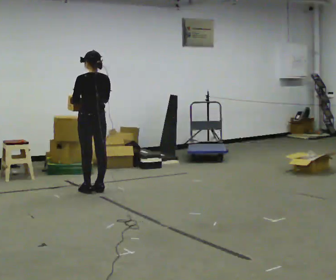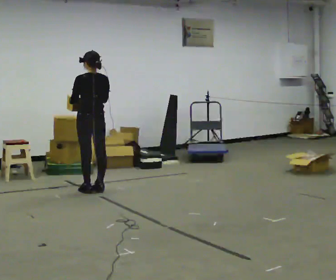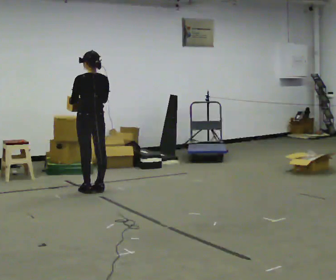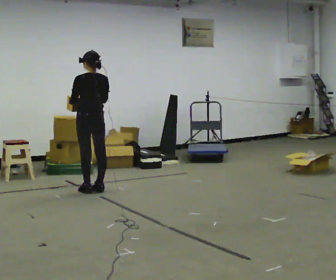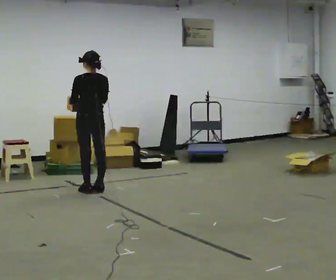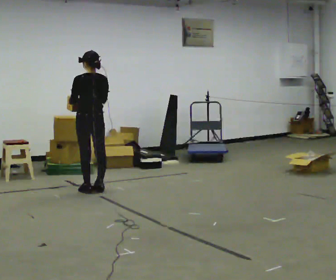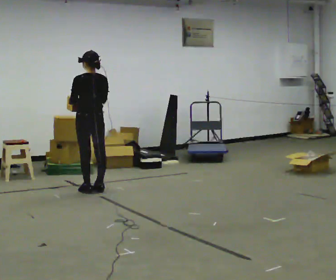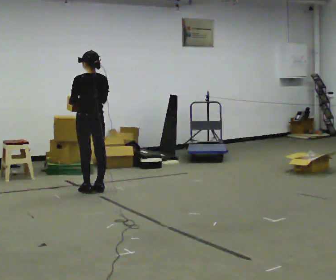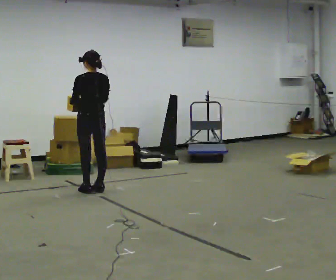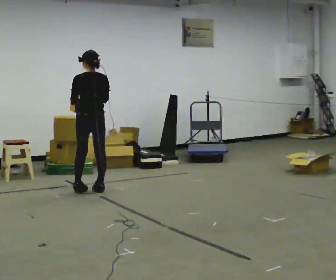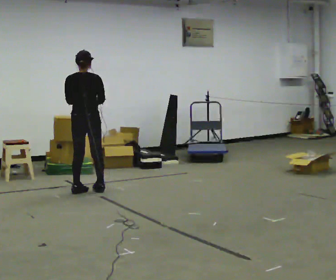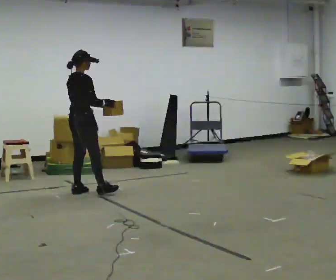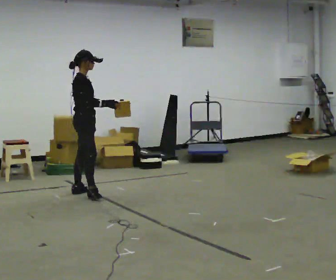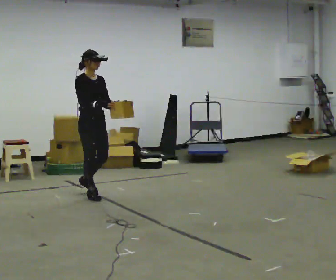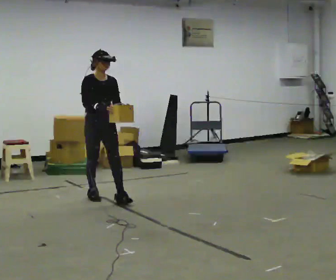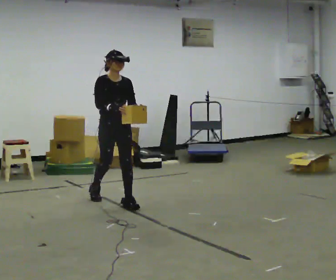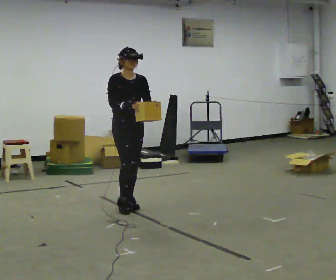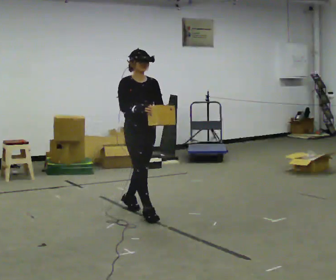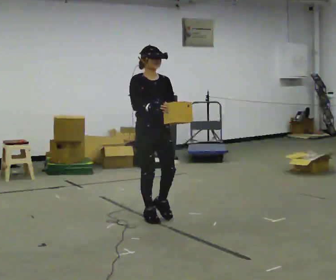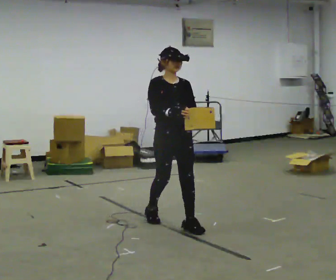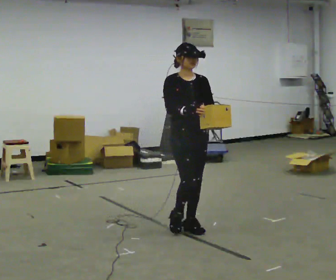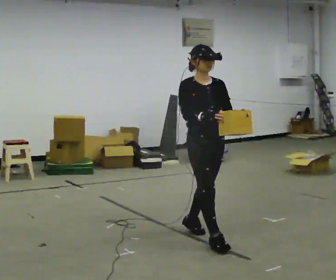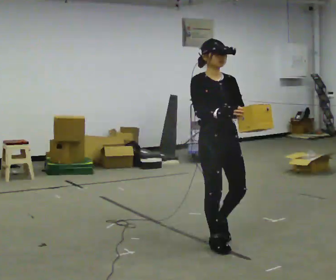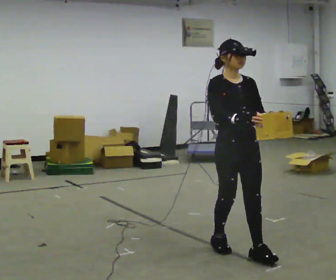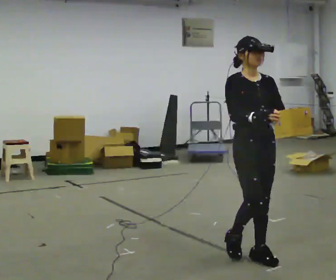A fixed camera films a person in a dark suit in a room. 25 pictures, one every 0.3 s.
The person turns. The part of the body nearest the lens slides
to the left.
The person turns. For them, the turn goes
to their right.
0.0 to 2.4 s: The person keeps their place and pose.
2.4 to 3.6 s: The part of the body nearest the lens slides to the left as the person turns to their right by about 120 degrees. In the picture they go toward the camera, about 0.25 m in 2 steps.
3.6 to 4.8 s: Seen from above the body turns clockwise, about 60 degrees: to their right, with its near side sliding to the left. In the picture they go toward the camera and to the right, about 0.5 m in 1 step.
4.8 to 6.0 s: In the picture they go toward the camera and to the right, about 1 m in 2 steps, which for them is forward.
6.0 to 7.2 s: In the picture they go toward the camera and to the right, about 1 m in 2 steps, which for them is forward.
The film runs forward here.
